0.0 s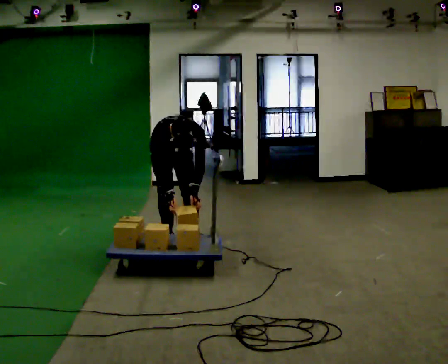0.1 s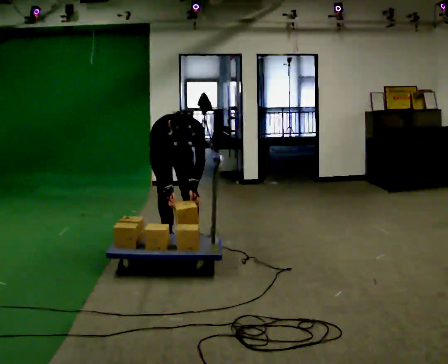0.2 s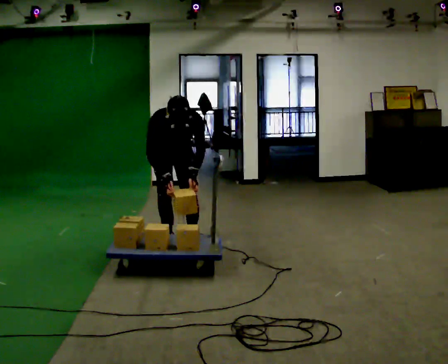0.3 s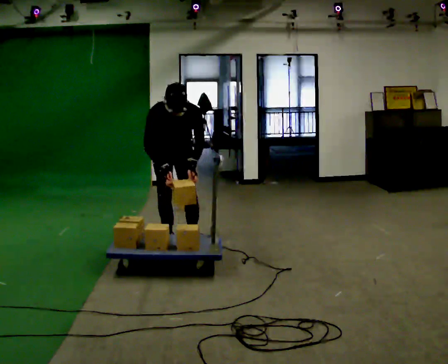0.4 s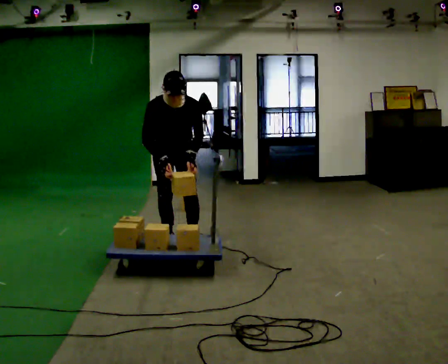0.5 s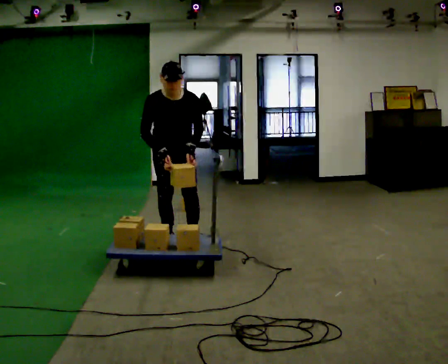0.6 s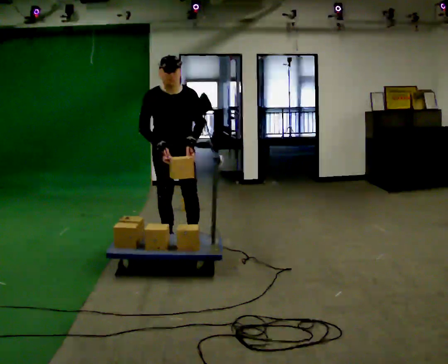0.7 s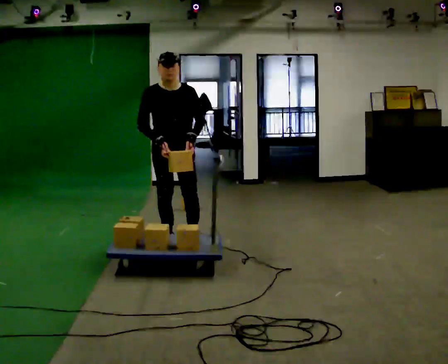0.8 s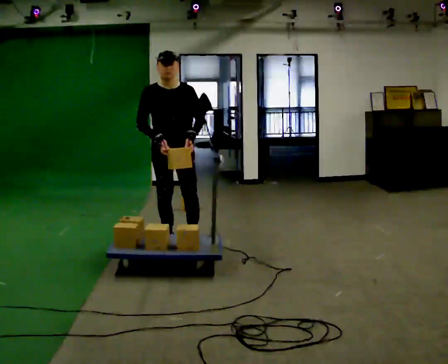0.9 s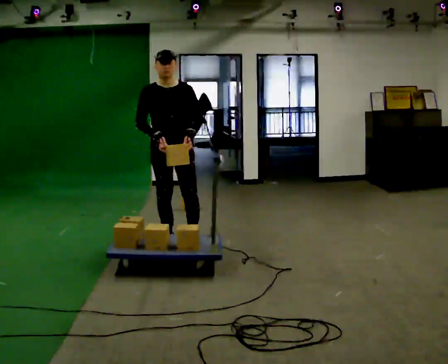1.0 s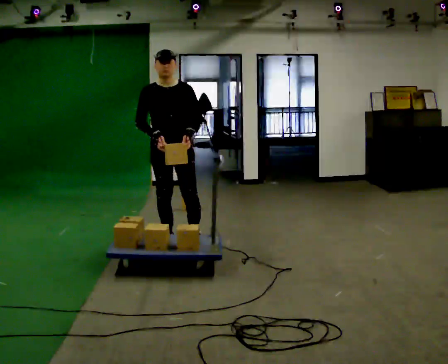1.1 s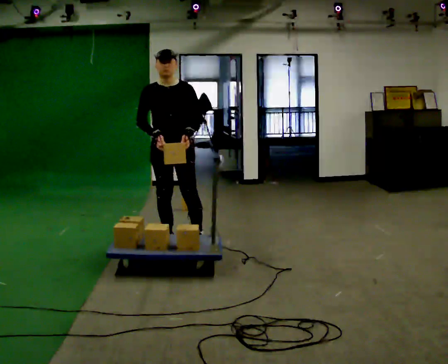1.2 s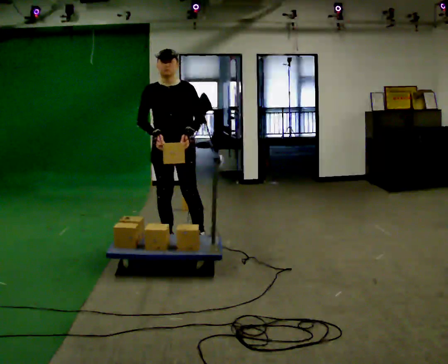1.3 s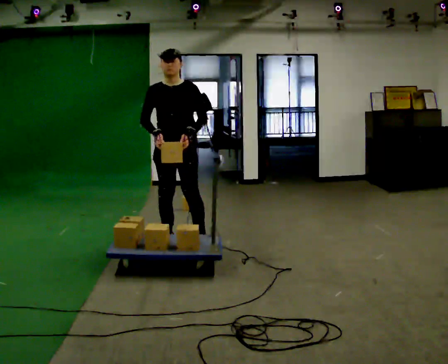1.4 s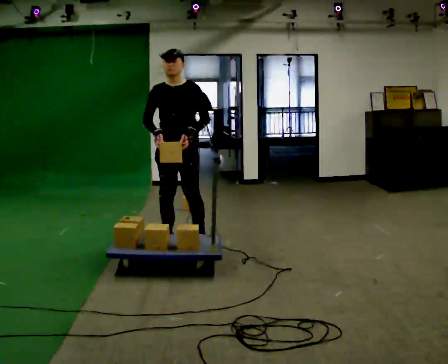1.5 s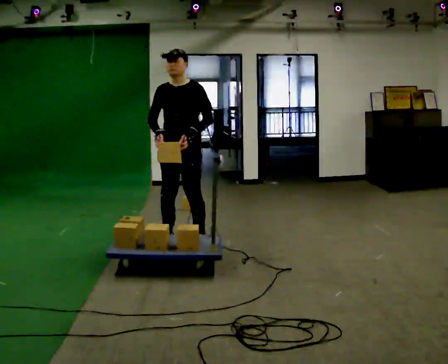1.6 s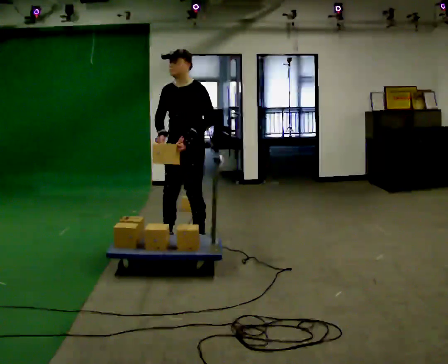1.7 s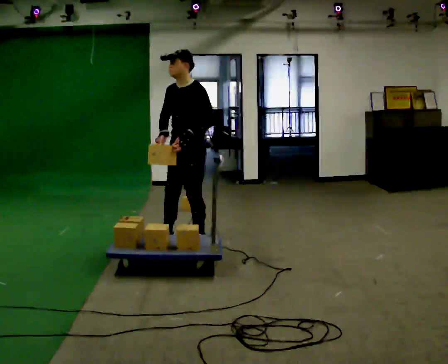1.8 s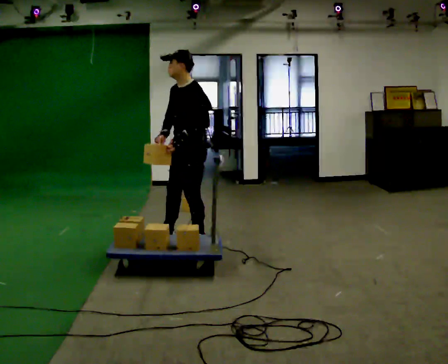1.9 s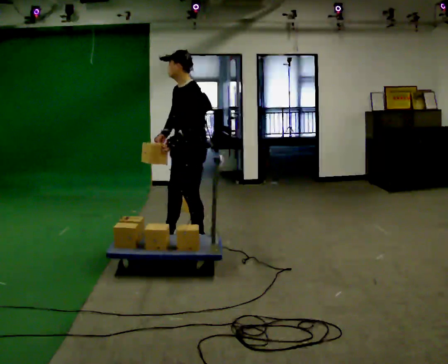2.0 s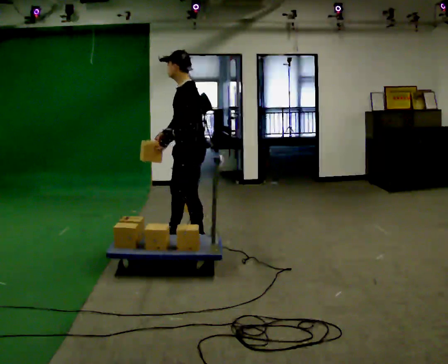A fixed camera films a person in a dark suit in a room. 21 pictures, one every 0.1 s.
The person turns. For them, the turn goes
to their right.
The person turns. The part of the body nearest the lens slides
to the left.
0.0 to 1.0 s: The upper body goes upward. The upper body tips away from the camera, its near side rolling upward, as they lean back or straighten. In the picture their right hand goes upward.
1.0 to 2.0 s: Seen from above the body turns clockwise, about 90 degrees: to their right, with its near side sliding to the left. In the picture they go to the right, about 0.25 m in 1 step.
The film runs forward here.
